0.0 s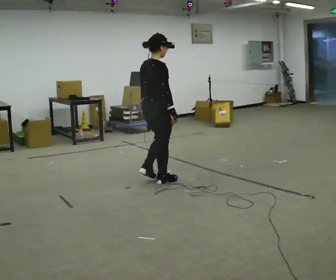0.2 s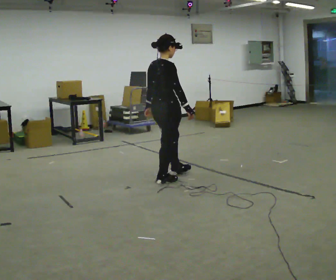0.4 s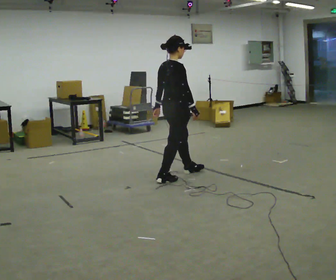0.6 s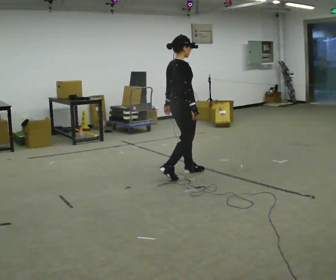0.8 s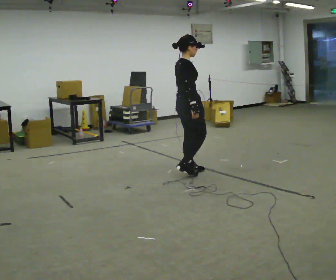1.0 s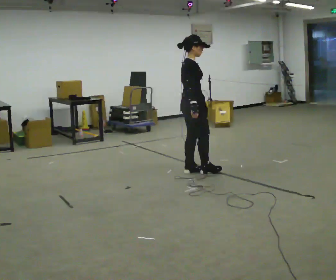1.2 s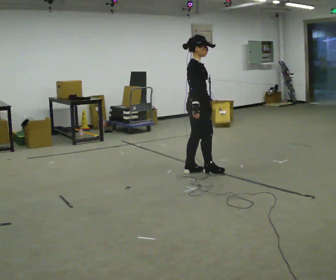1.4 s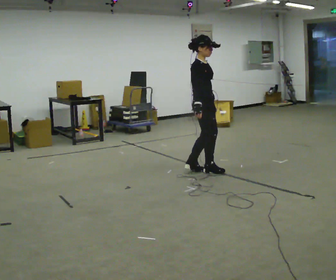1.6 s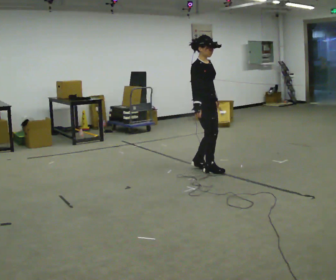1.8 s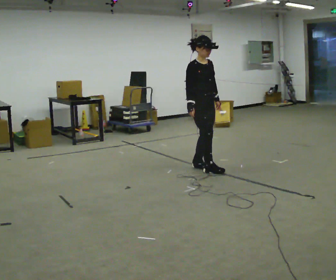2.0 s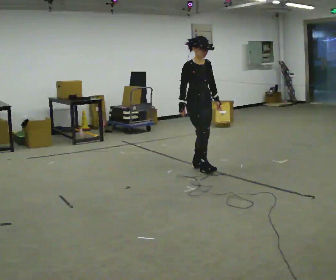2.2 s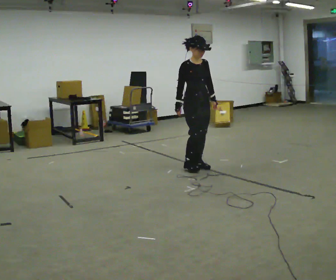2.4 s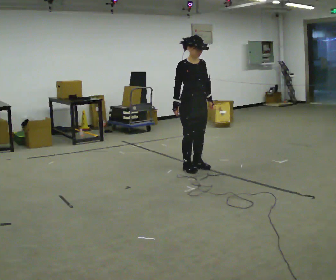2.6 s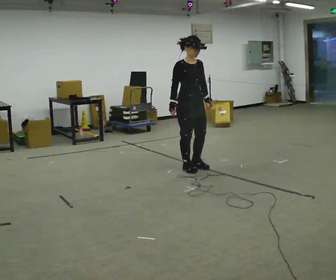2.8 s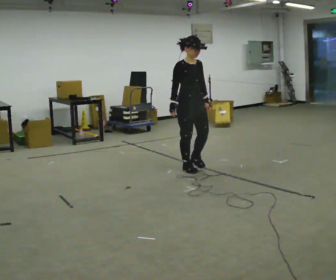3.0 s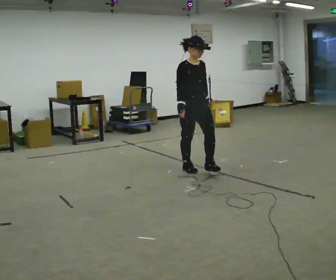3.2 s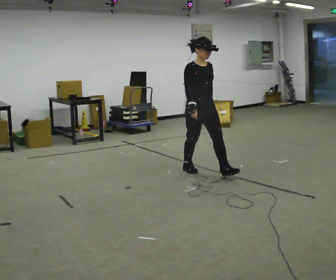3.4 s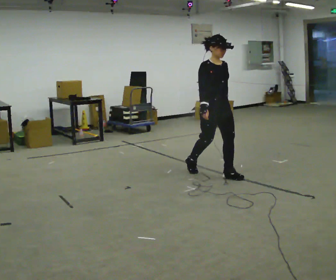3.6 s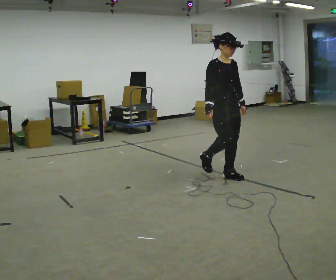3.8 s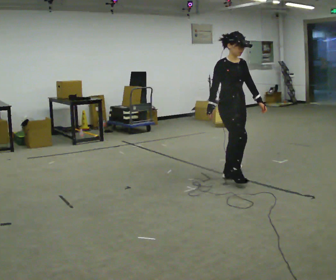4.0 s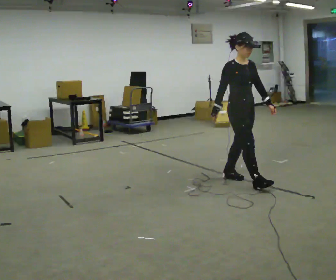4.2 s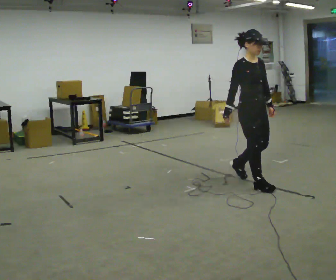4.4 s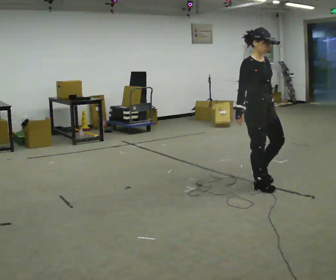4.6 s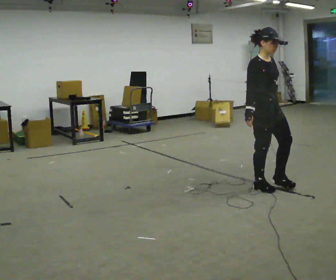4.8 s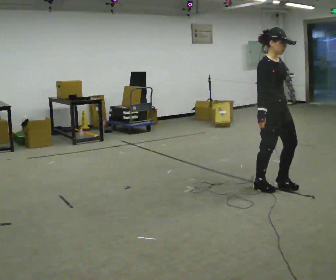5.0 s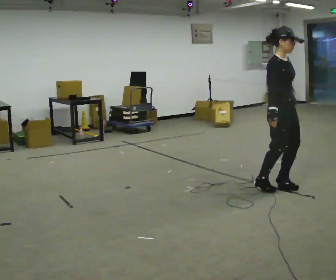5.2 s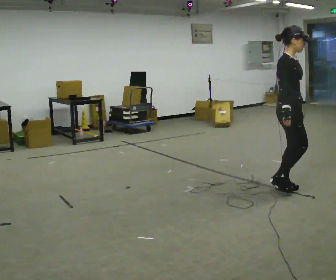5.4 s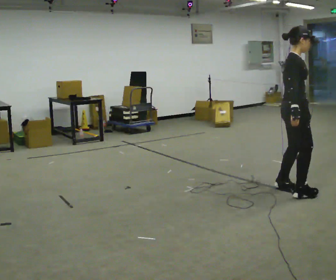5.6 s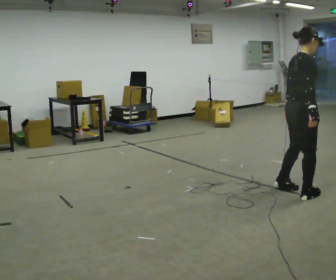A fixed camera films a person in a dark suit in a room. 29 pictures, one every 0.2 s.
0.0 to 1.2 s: The person turns about 45 degrees to their right, clockwise seen from above, so the part of the body nearest the lens slides to the left. In the picture they go to the right and away from the camera, about 0.5 m in 2 steps, which for them is forward.
1.2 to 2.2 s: The part of the body nearest the lens slides to the left as the person turns to their right by about 60 degrees. In the picture they go away from the camera, about 0.25 m in 2 steps.
2.2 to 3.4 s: In the picture they go toward the camera and to the right, about 0.5 m in 1 step, which for them is forward.
3.4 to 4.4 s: In the picture they go toward the camera and to the right, about 0.5 m in 1 step, which for them is forward.
4.4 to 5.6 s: The person turns about 60 degrees to their left, counterclockwise seen from above, so the part of the body nearest the lens slides to the right. In the picture they go to the right and toward the camera, about 0.5 m in 2 steps, which for them is forward.
The film runs forward here.
